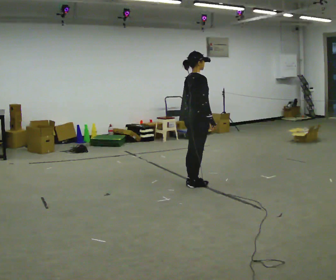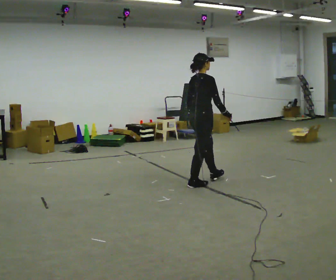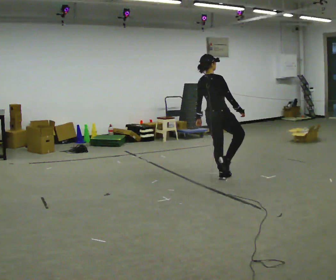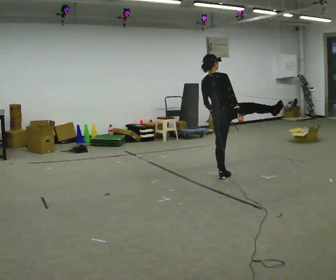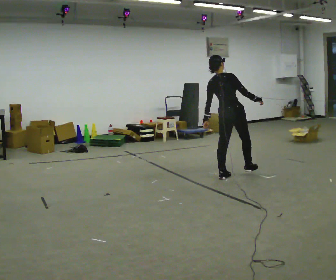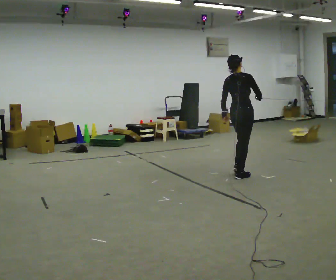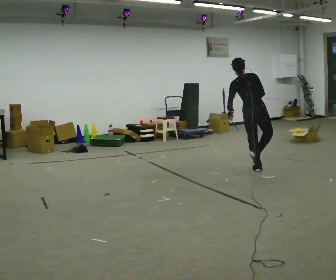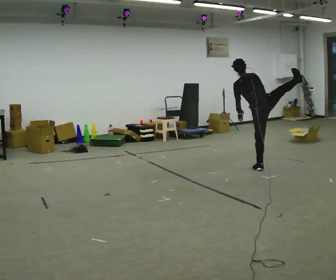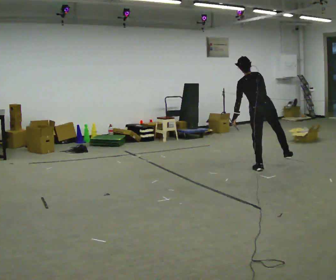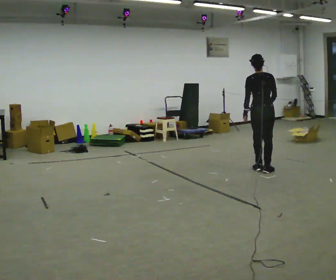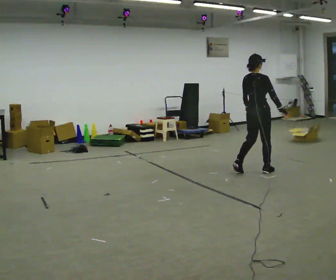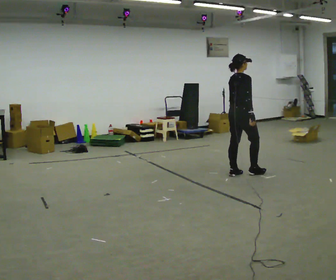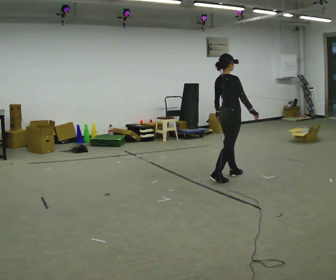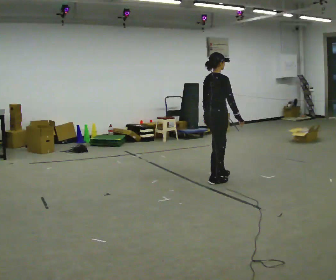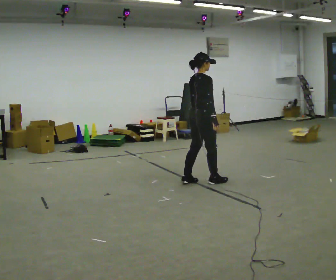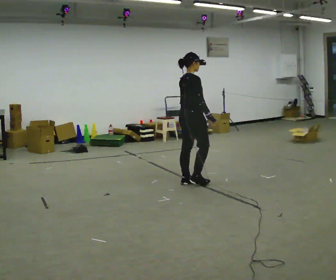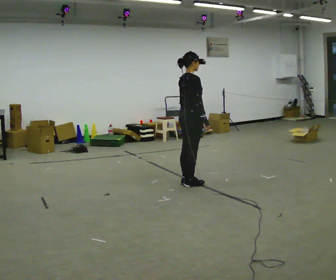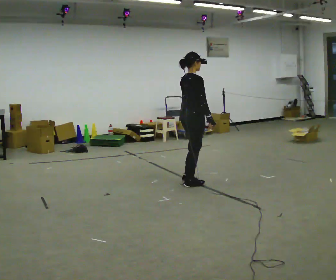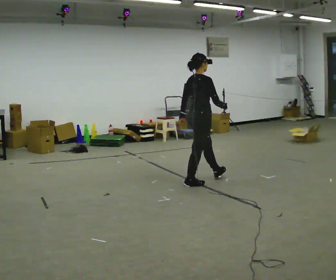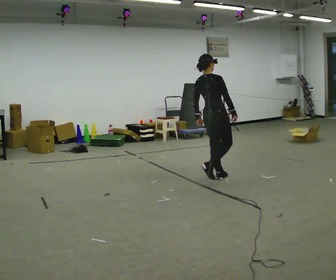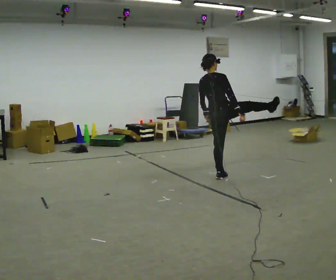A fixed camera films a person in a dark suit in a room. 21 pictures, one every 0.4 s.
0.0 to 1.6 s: The part of the body nearest the lens slides to the right as the person turns to their left by about 30 degrees. In the picture they go away from the camera and to the right, about 0.5 m in 2 steps, which for them is forward.
1.6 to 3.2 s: The part of the body nearest the lens slides to the right as the person turns to their left by about 45 degrees. In the picture they go away from the camera and to the right, about 0.5 m in 3 steps, which for them is forward and to their right.
3.2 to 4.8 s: Seen from above the body turns clockwise, about 75 degrees: to their right, with its near side sliding to the left. In the picture they go toward the camera and to the left, about 0.5 m in 3 steps.
4.8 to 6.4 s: In the picture they go to the left and toward the camera, about 0.5 m in 2 steps, which for them is backward.
6.4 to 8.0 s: Seen from above the body turns counterclockwise, about 30 degrees: to their left, with its near side sliding to the right. In the picture they go to the right and away from the camera, about 0.5 m in 2 steps, which for them is forward. In the picture the upper body tilts counterclockwise, shoulders to the left.
The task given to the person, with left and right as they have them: Kick into the air with each leg in turn, front kicks and side kicks, at a comfortable height. Repeat the movement at your own pace until the operator says stop; do not rush.
The film runs forward here.
